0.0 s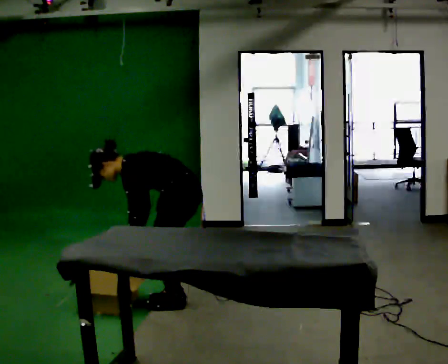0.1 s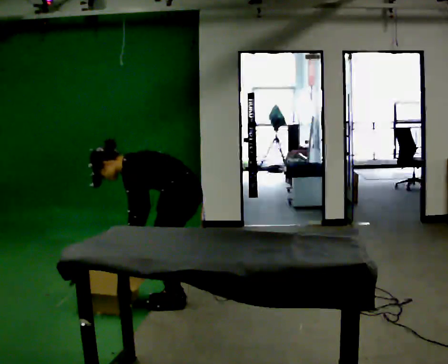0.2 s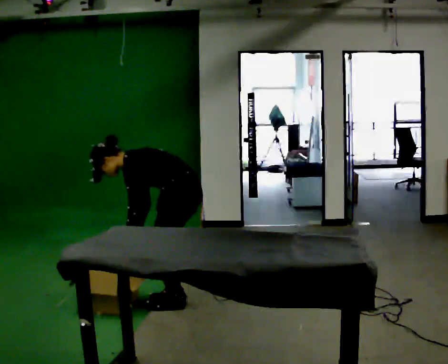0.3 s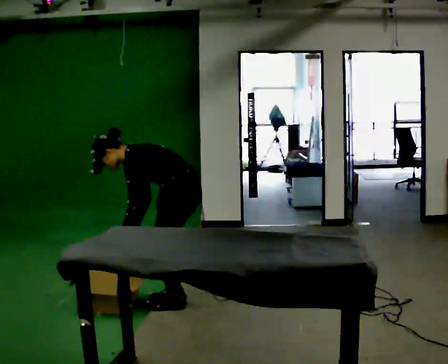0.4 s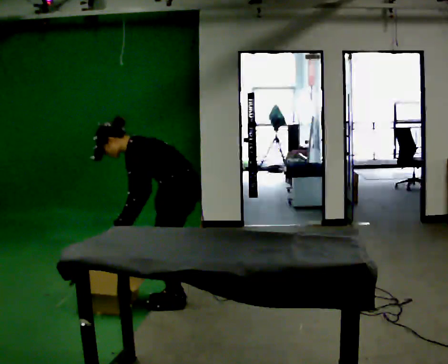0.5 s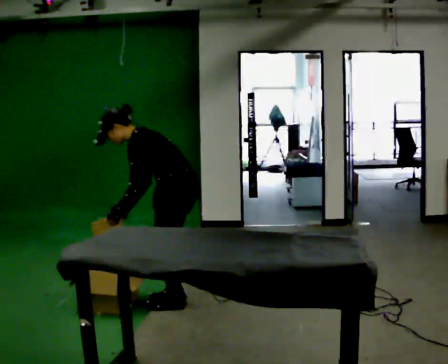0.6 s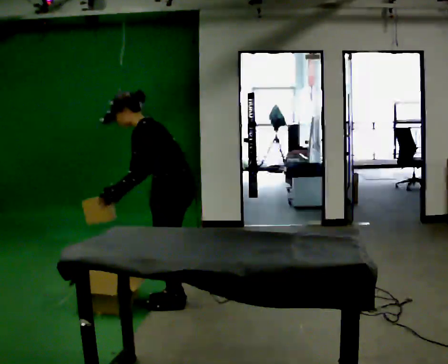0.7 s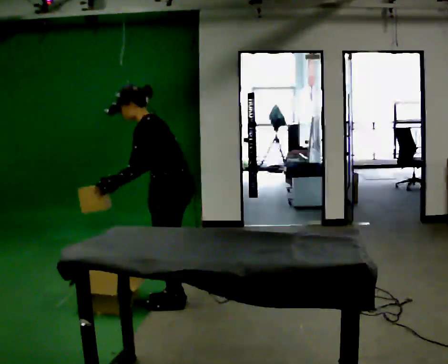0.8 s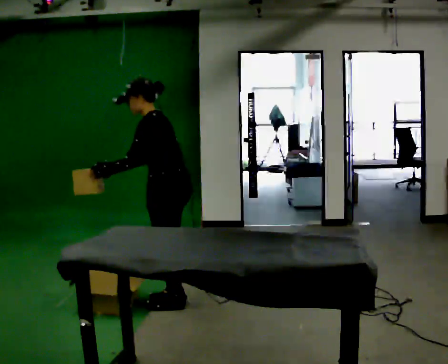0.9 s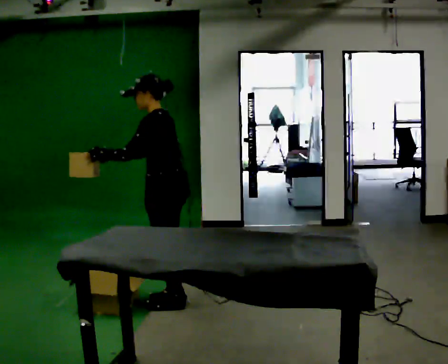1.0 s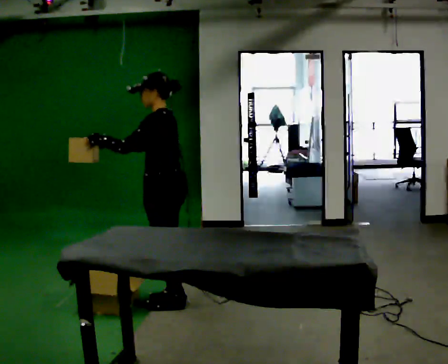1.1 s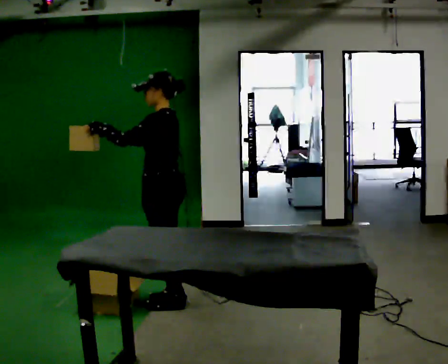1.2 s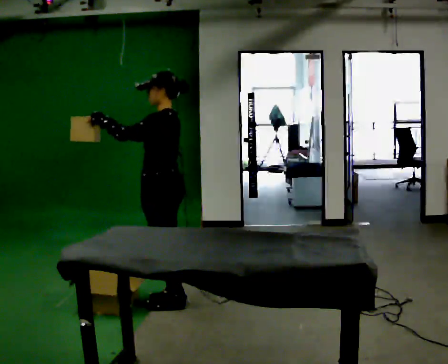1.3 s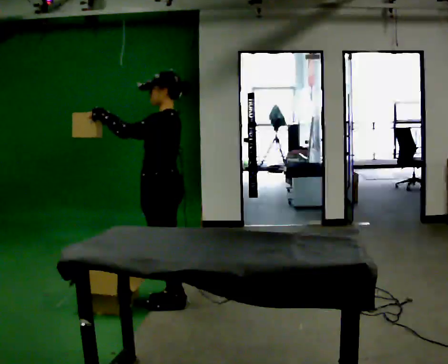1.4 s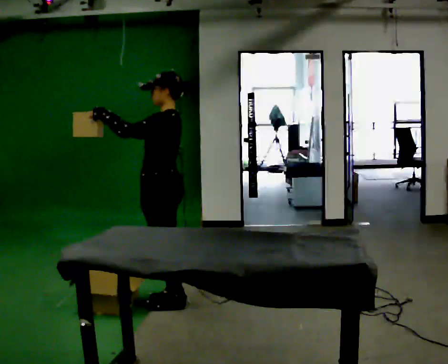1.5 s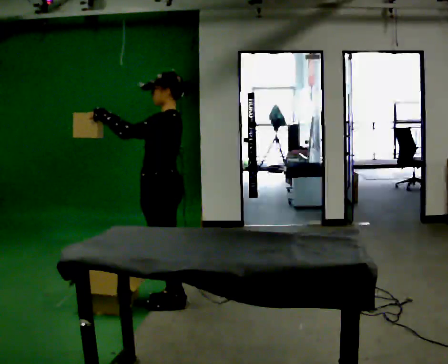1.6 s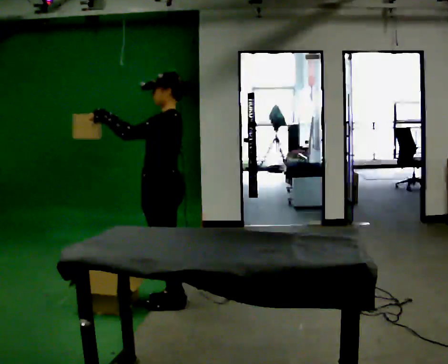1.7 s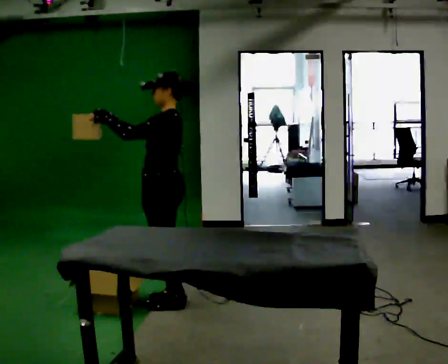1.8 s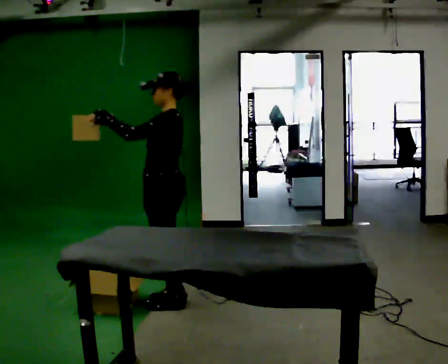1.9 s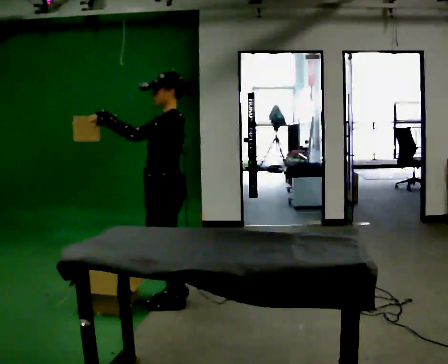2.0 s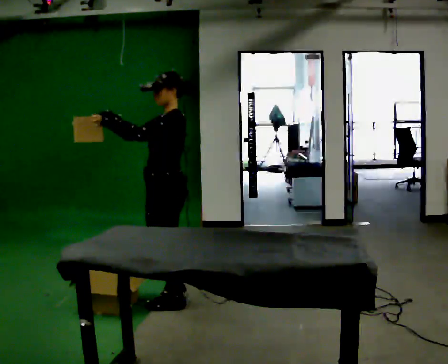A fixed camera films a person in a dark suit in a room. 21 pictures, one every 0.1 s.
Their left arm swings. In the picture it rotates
clockwise.
Their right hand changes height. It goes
upward.
0.0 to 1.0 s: The upper body goes upward. In the picture the upper body tilts clockwise, shoulders to the right, as they lean back or straighten. In the picture their left hand goes upward, the arm swinging clockwise.
1.0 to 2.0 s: The person moves a little, or ends about where they began.
The film runs forward here.
